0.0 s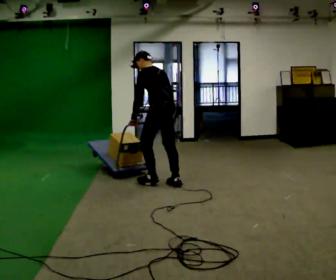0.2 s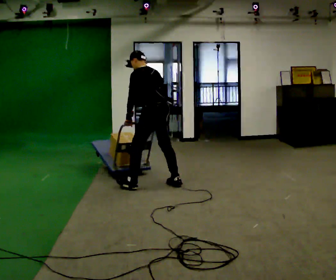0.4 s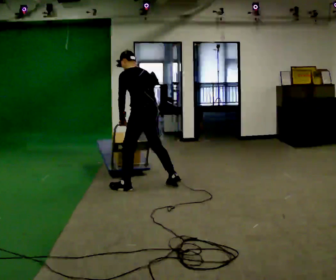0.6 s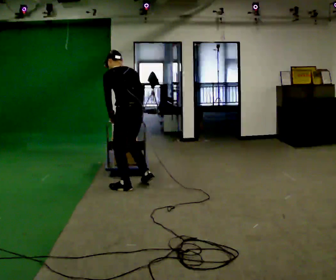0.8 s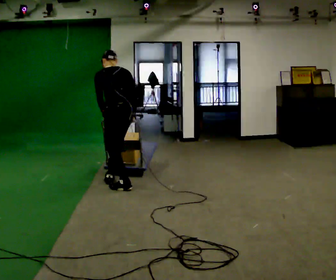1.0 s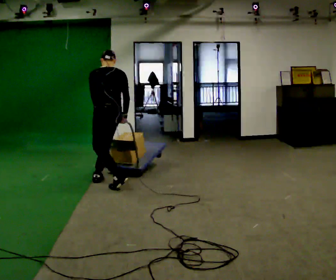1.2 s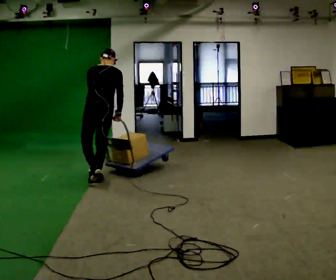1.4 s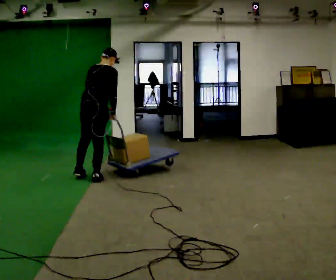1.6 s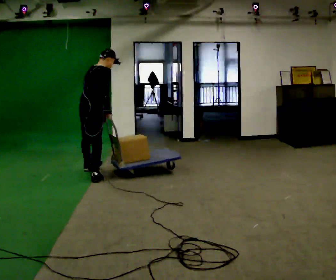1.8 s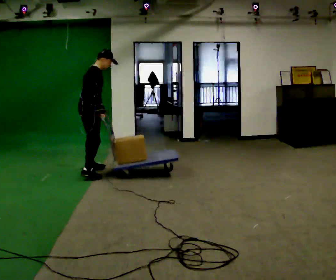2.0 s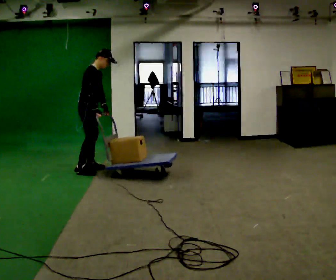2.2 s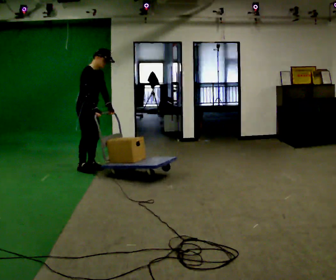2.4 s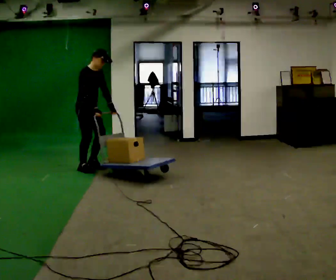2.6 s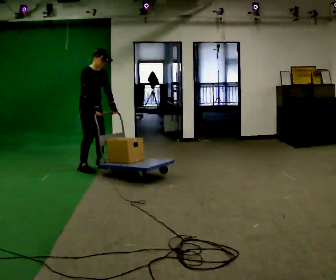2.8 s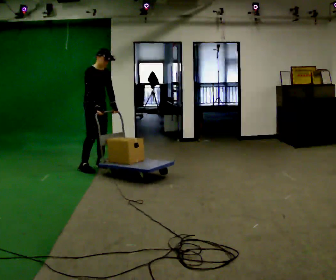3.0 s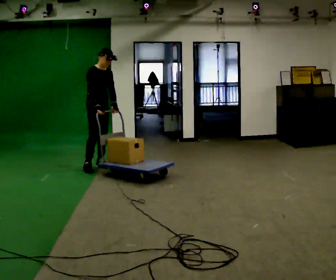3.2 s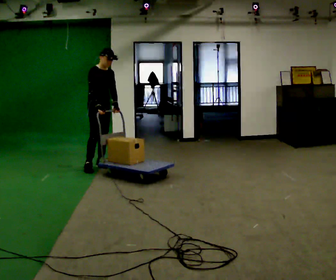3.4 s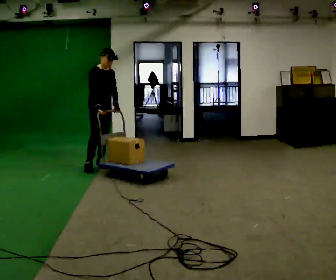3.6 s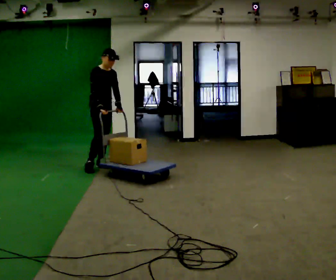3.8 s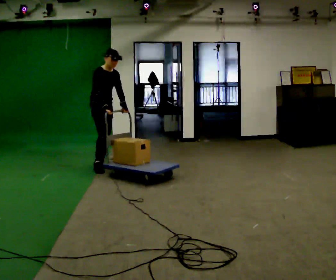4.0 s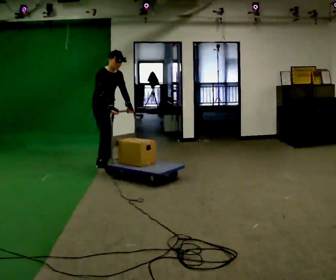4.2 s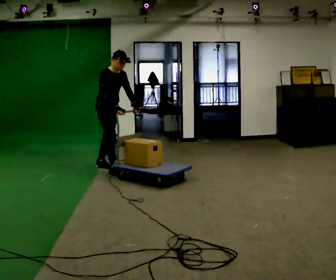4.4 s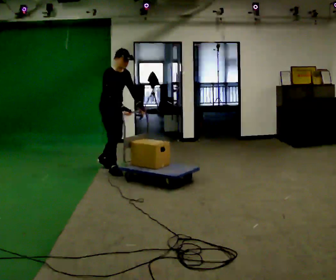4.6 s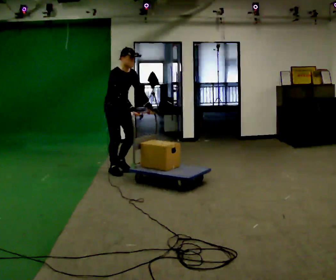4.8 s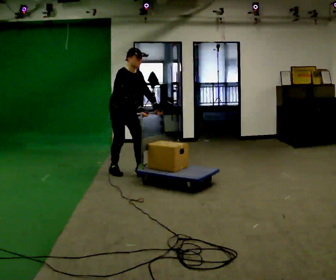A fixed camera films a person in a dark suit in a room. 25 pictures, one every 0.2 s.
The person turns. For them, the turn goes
to their right.
The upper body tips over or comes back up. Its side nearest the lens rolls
downward.
0.0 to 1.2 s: Seen from above the body turns clockwise, about 30 degrees: to their right, with its near side sliding to the left. In the picture they go to the left, about 1 m in 2 steps, which for them is forward and to their left. In the picture the upper body tilts clockwise, shoulders to the right.
1.2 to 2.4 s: The person turns about 120 degrees to their right, clockwise seen from above, so the part of the body nearest the lens slides to the left. In the picture they go away from the camera, about 0.5 m in 2 steps. The upper body tips toward the camera, its near side rolling downward.
2.4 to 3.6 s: In the picture they go to the right, about 0.25 m in 1 step, which for them is to their left.
3.6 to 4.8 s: In the picture they go toward the camera and to the right, about 0.5 m in 1 step, which for them is forward.
The film runs forward here.
